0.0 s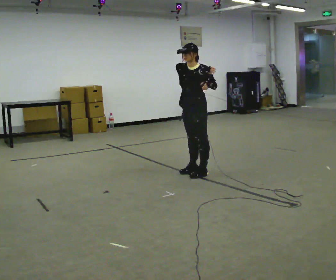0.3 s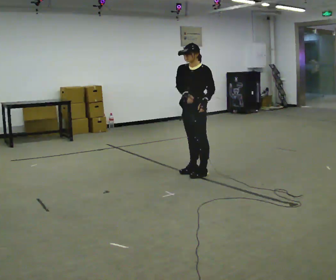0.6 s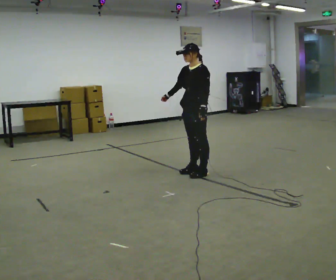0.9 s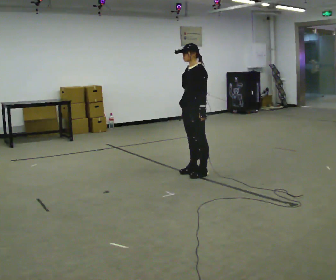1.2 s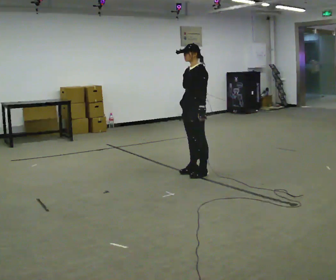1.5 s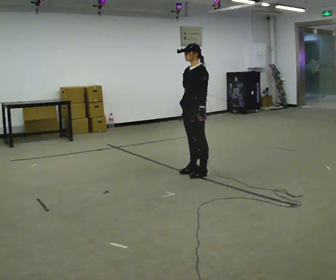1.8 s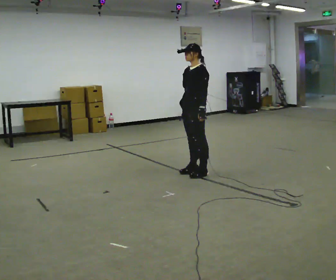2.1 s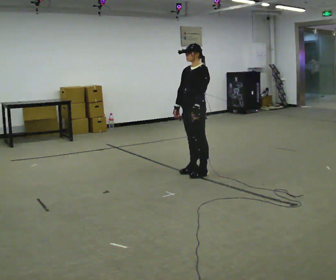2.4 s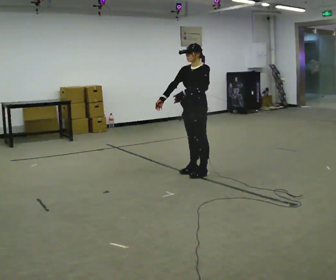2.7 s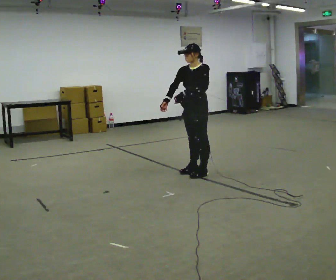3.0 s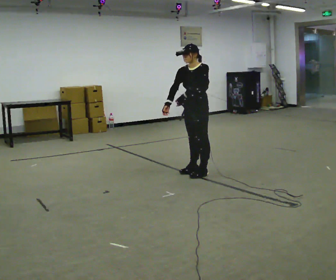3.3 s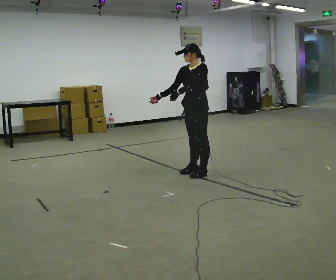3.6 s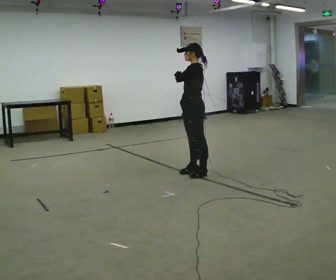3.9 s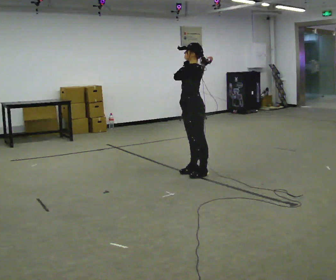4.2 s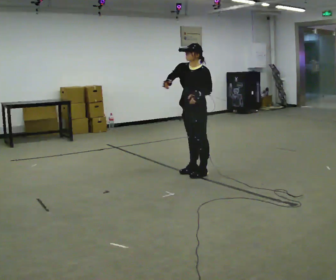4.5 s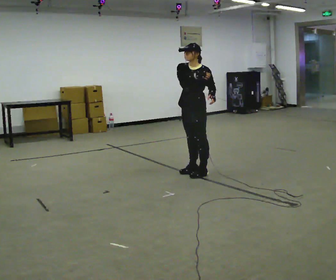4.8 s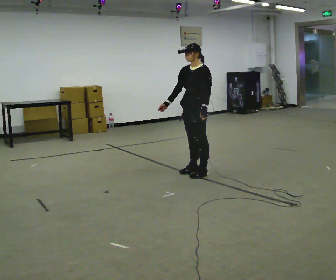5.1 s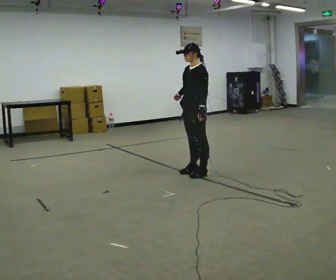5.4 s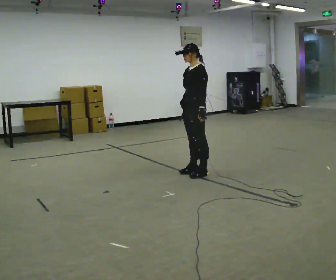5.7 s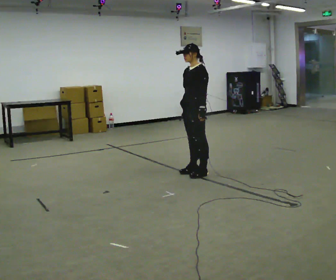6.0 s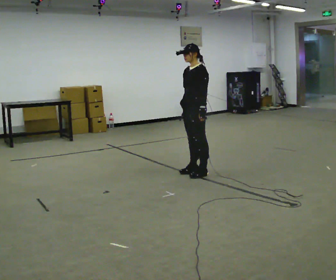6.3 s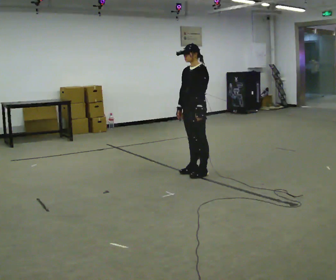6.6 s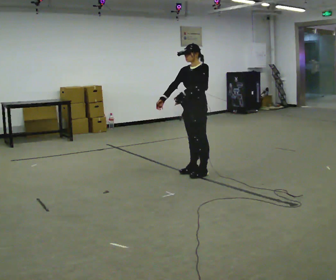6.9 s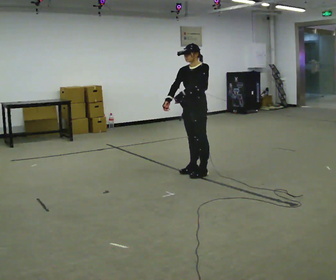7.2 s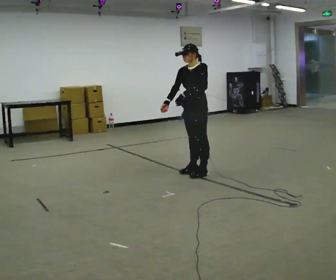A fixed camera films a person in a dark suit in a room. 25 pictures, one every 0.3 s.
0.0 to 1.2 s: In the picture their right hand goes downward.
1.2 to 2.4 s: The person moves a little, or ends about where they began.
2.4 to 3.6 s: The person turns about 30 degrees to their right, clockwise seen from above, so the part of the body nearest the lens slides to the left. In the picture their right hand goes to the right and upward.
3.6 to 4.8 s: Seen from above the body turns counterclockwise, about 30 degrees: to their left, with its near side sliding to the right. In the picture their right hand goes downward and to the left.
4.8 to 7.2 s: The person moves a little, or ends about where they began.
The film runs forward here.
